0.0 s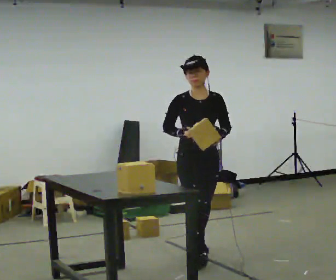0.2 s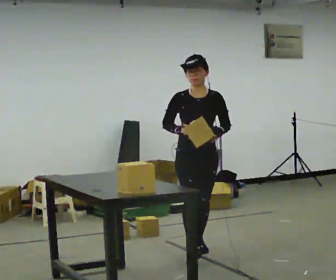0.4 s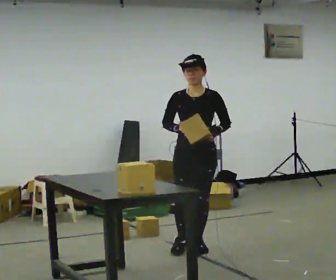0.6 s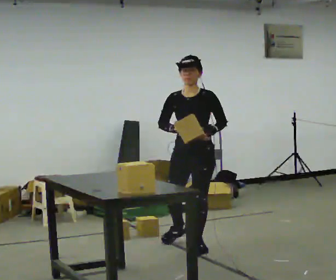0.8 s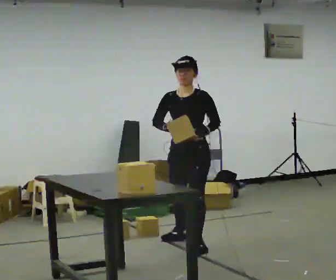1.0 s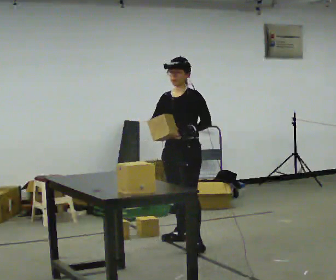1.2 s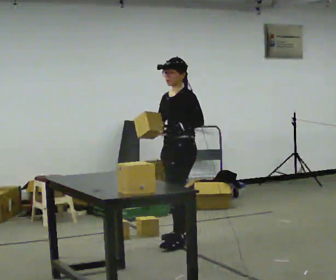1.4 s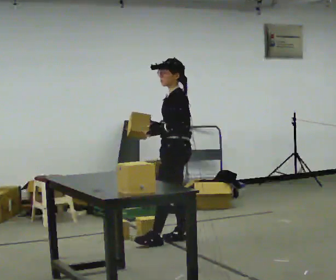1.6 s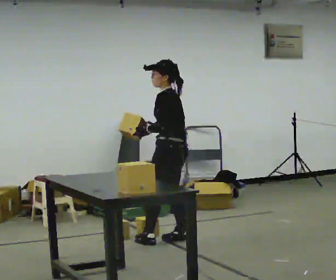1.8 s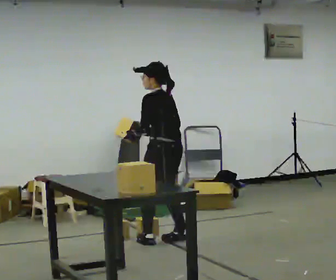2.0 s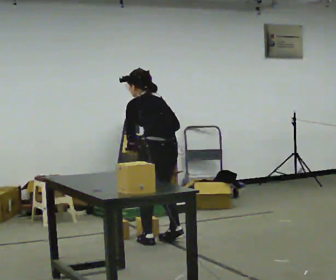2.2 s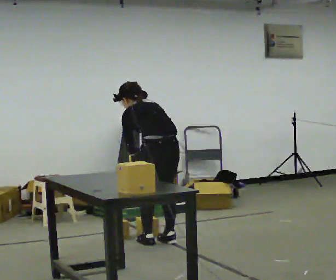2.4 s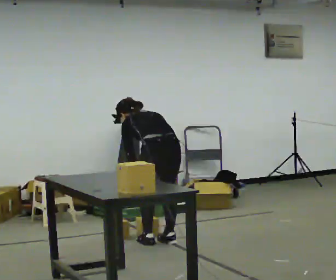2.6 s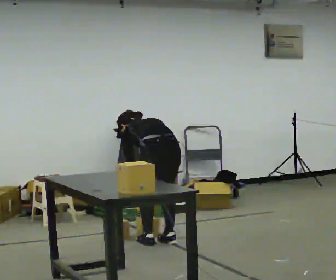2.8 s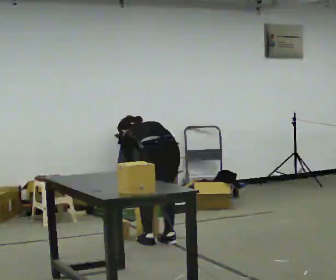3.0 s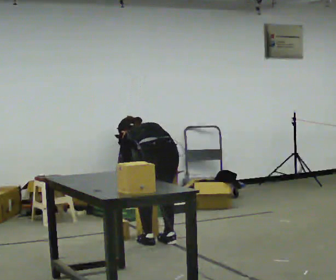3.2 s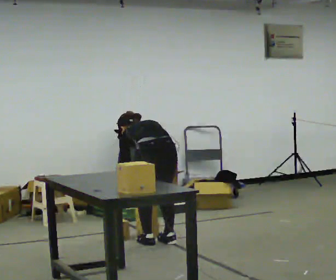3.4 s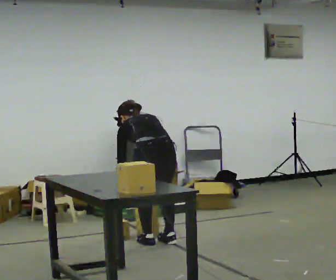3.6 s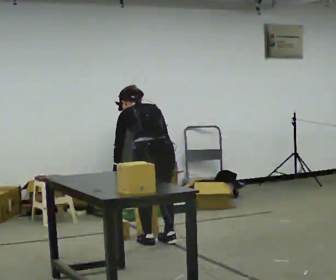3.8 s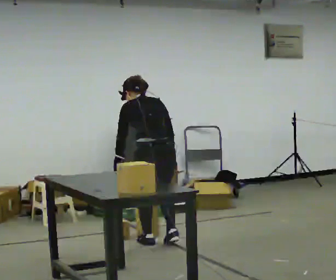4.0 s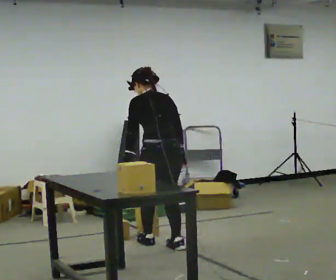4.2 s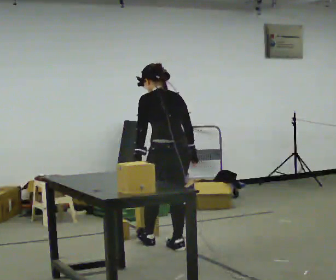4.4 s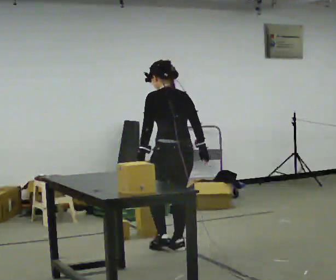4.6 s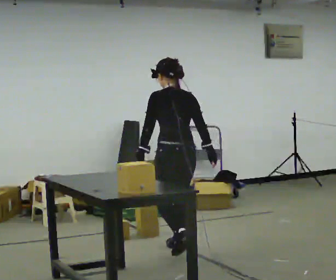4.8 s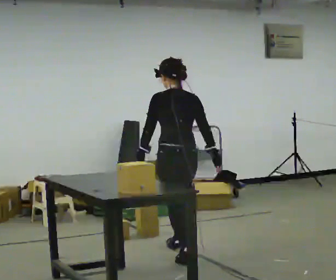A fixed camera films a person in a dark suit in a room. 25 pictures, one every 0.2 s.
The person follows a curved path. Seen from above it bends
counterclockwise.
The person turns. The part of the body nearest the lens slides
to the left.
0.0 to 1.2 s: Seen from above the body turns clockwise, about 75 degrees: to their right, with its near side sliding to the left. In the picture they go away from the camera, about 0.5 m in 2 steps.
1.2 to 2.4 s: The person turns about 90 degrees to their right, clockwise seen from above, so the part of the body nearest the lens slides to the left. In the picture they go to the left, about 0.25 m in 1 step. The shoulders move downward. The upper body tips away from the camera, its near side rolling upward, as they bend forward. In the picture their right hand goes downward.
2.4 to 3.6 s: The person moves a little, or ends about where they began.
3.6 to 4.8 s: In the picture they go toward the camera and to the right, about 0.25 m in 2 steps, which for them is backward. The upper body tips toward the camera, its near side rolling downward, as they lean back or straighten.
The film runs backward here.
